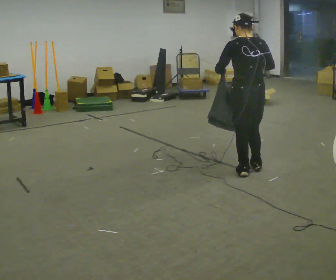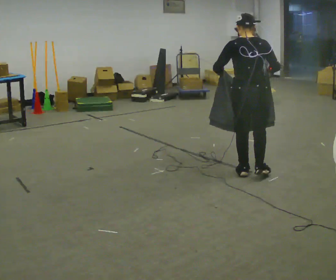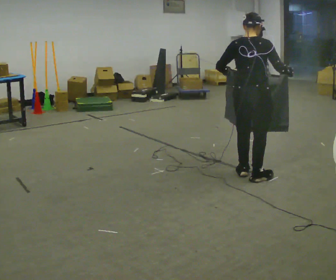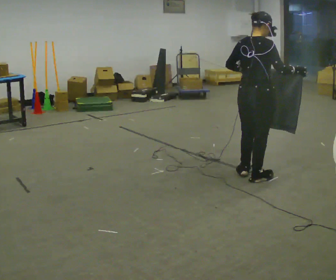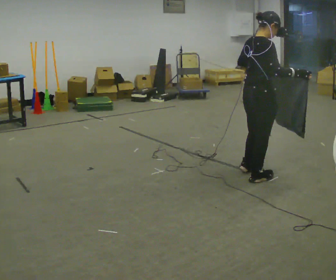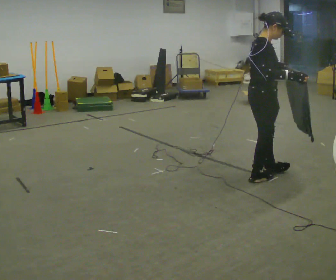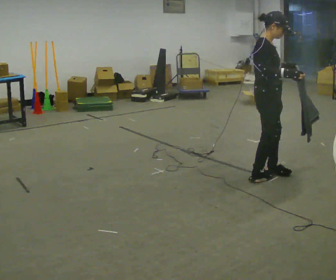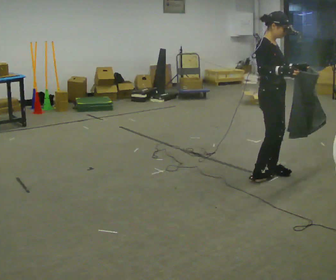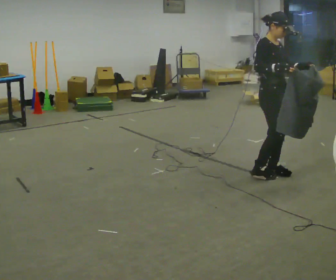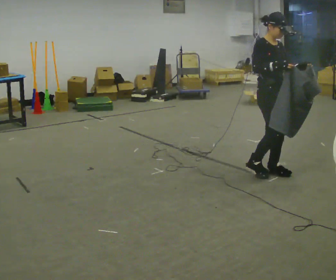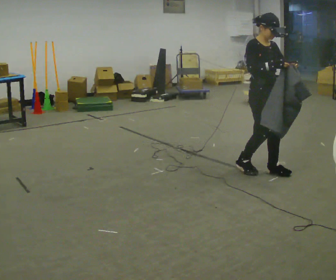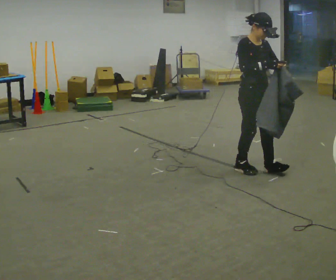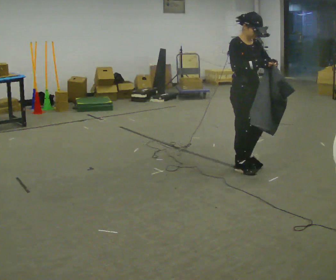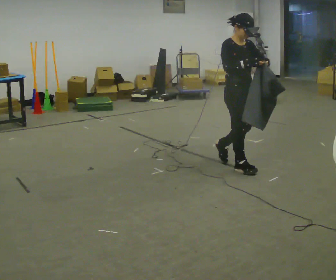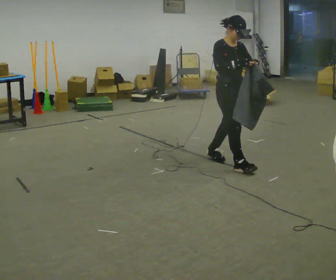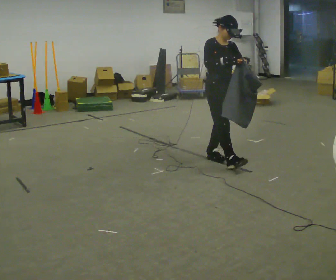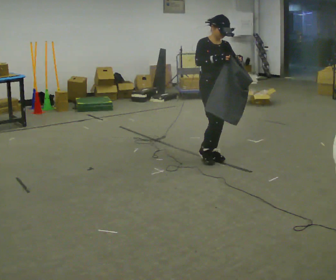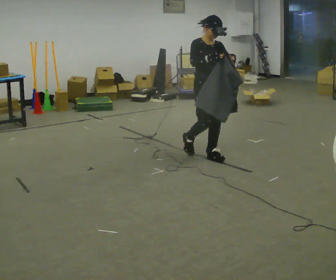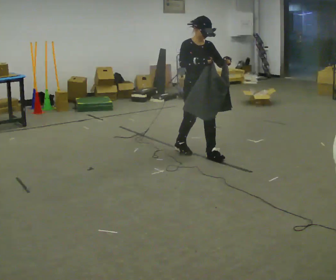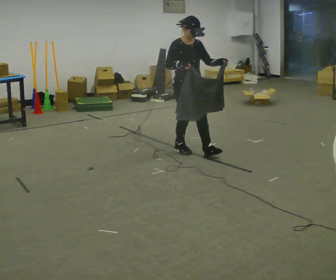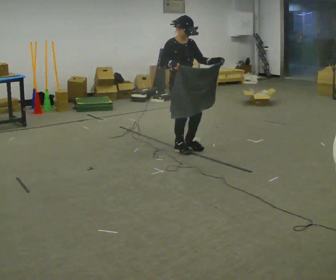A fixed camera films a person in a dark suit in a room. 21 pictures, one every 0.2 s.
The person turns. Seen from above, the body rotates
clockwise.
The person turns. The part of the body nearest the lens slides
to the left.
0.0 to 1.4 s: Seen from above the body turns clockwise, about 120 degrees: to their right, with its near side sliding to the left. In the picture they go to the right, about 0.25 m in 1 step.
1.4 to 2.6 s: In the picture they go to the left and away from the camera, about 0.25 m in 2 steps, which for them is backward.
2.6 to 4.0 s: In the picture they go to the left and away from the camera, about 1 m in 2 steps, which for them is backward.
The film runs backward here.
